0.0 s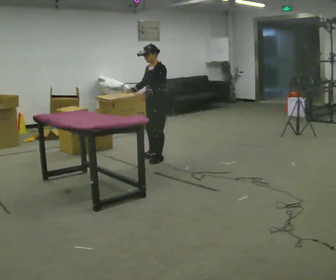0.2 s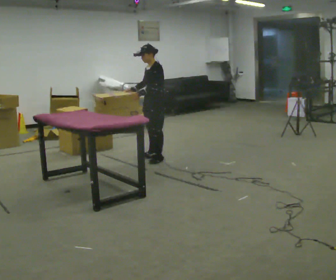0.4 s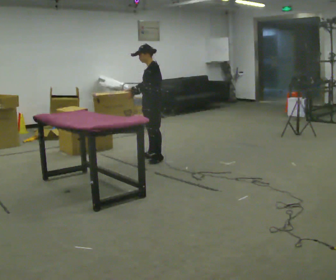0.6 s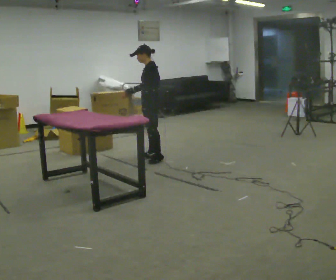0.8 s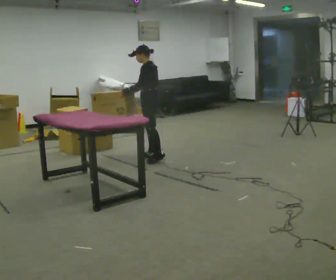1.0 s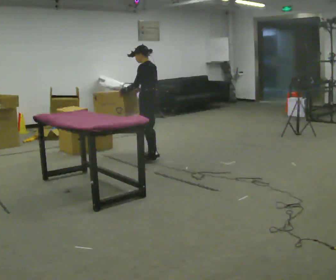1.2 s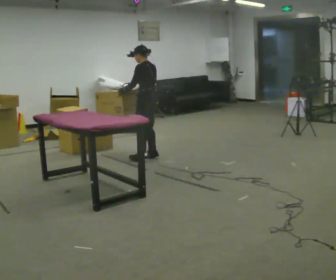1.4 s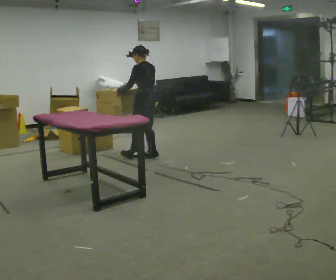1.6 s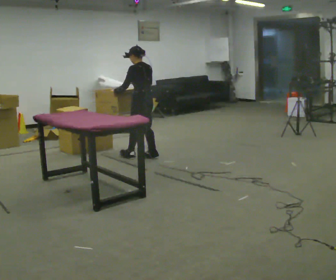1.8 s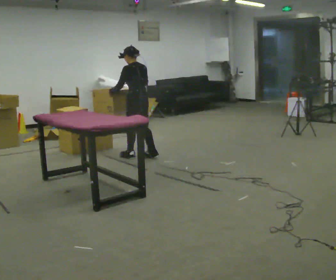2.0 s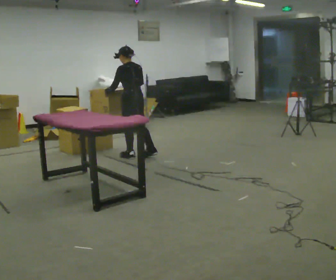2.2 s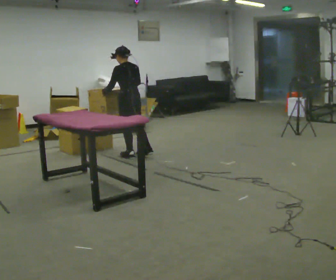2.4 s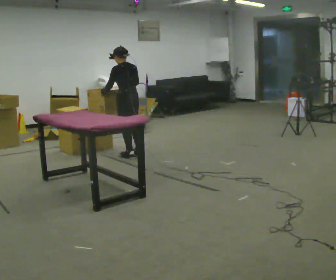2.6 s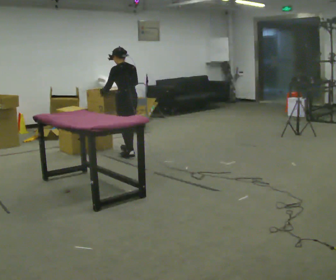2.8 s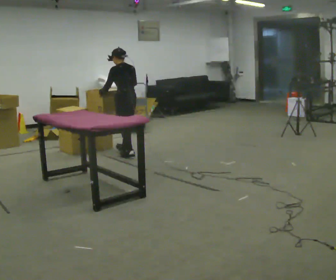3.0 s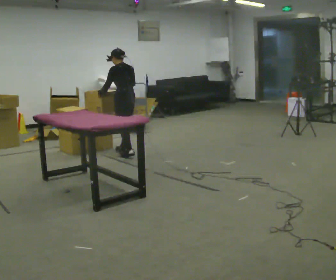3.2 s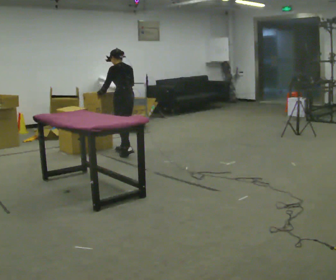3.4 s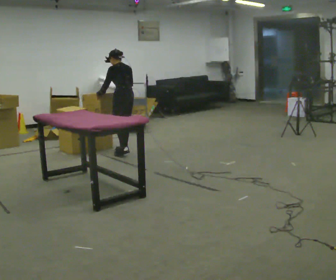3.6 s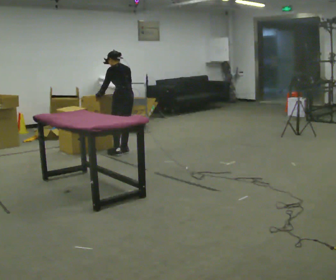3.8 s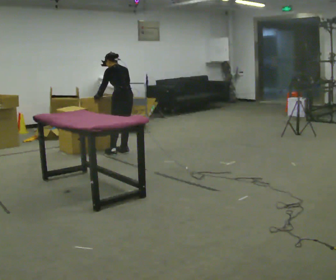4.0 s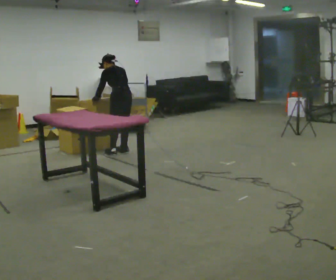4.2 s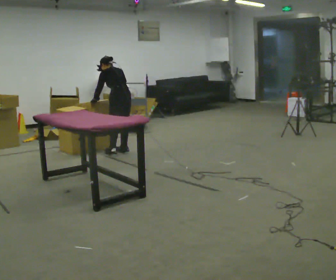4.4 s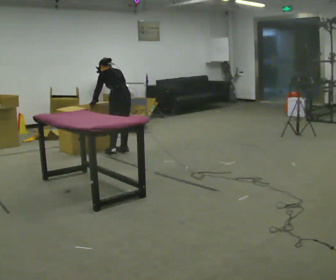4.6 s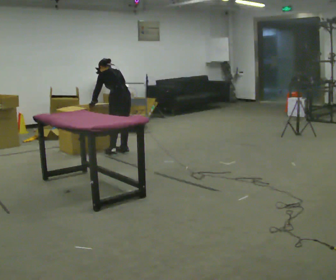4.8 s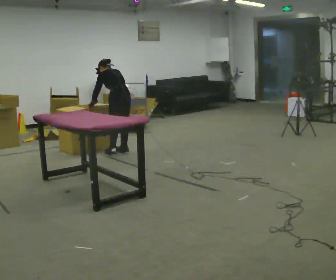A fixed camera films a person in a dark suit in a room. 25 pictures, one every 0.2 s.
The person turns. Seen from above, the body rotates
clockwise.
The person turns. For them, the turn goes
to their right.
0.0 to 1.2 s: The part of the body nearest the lens slides to the left as the person turns to their right by about 60 degrees.
1.2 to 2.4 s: In the picture they go to the left, about 0.25 m in 1 step, which for them is forward and to their left.
2.4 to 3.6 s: In the picture they go away from the camera, about 0.25 m in 1 step, which for them is forward.
3.6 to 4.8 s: The upper body tips away from the camera, its near side rolling upward, as they bend forward.
The film runs backward here.
